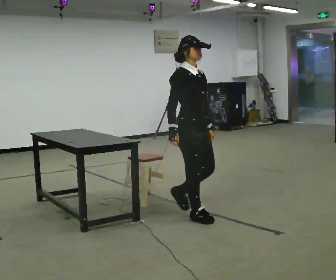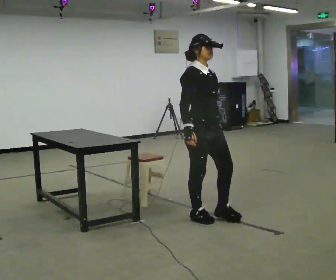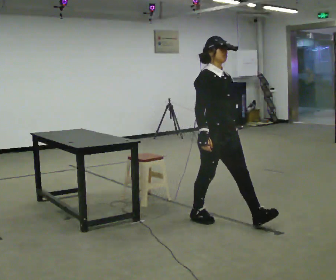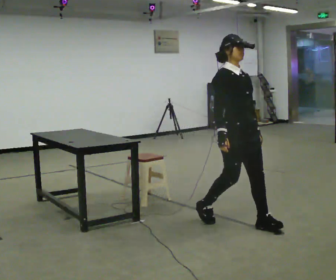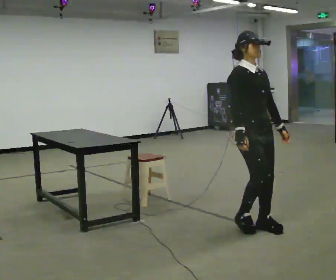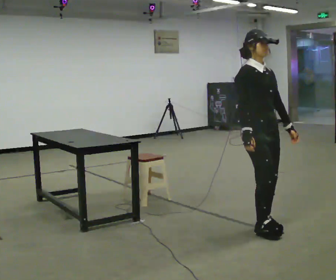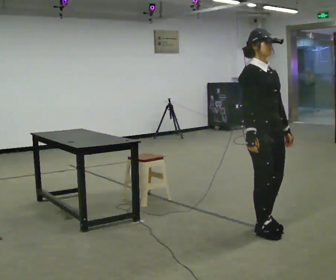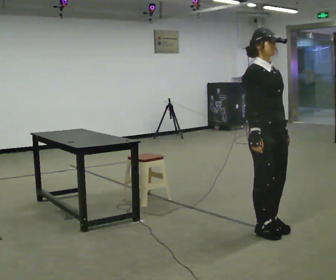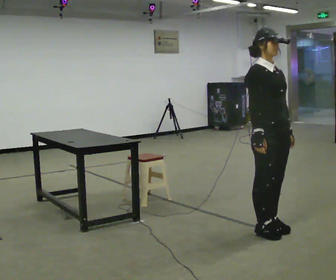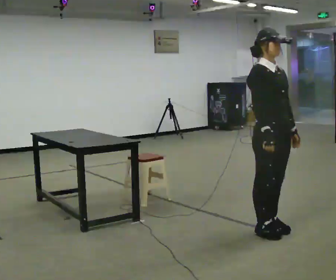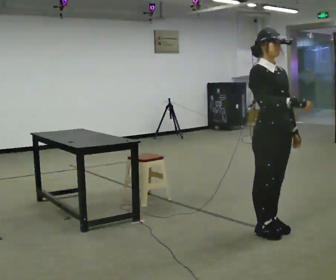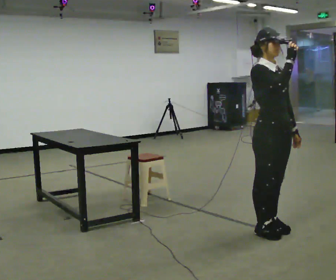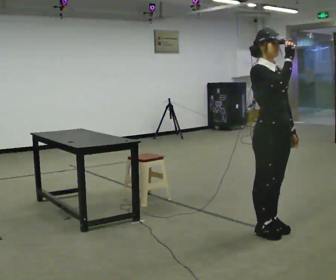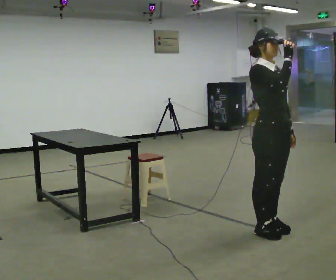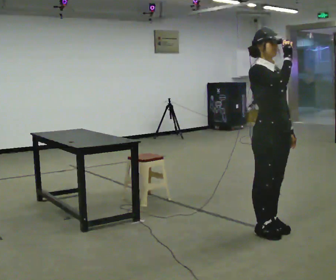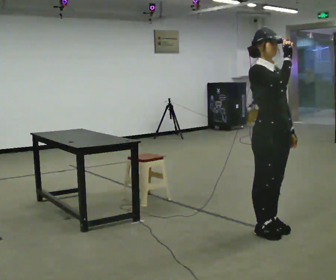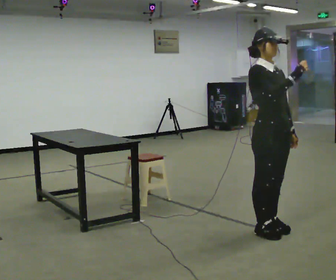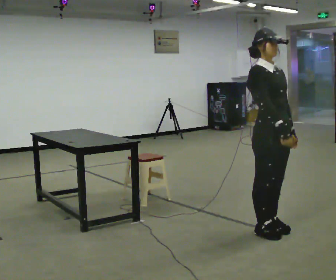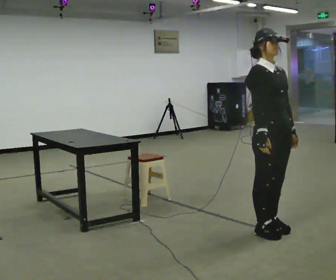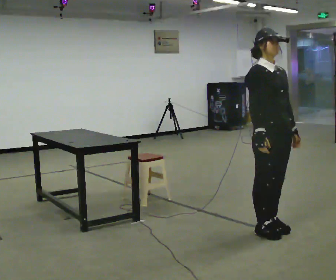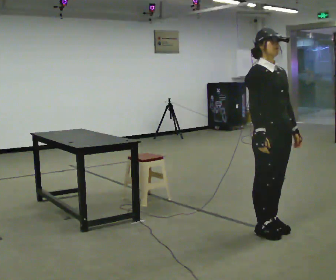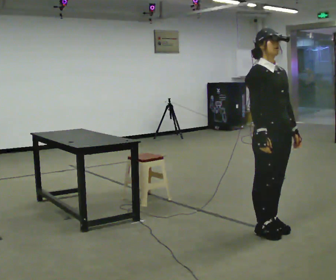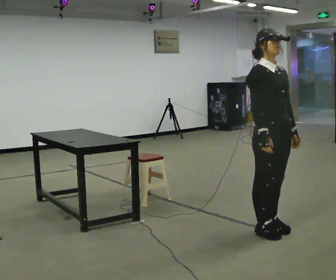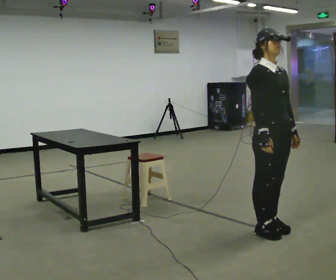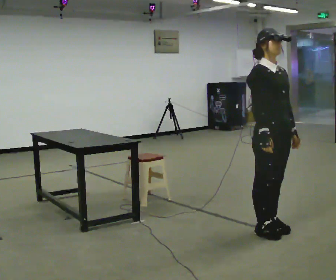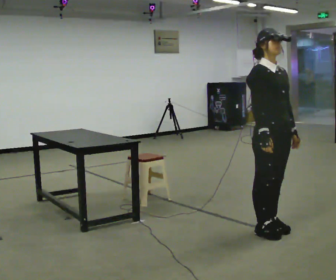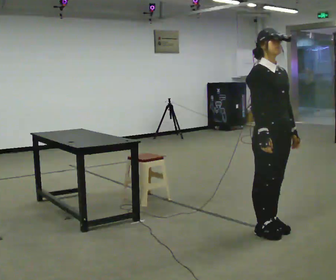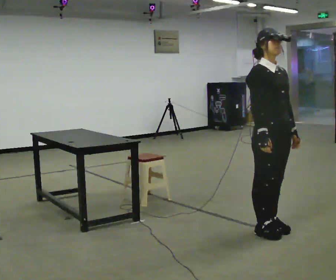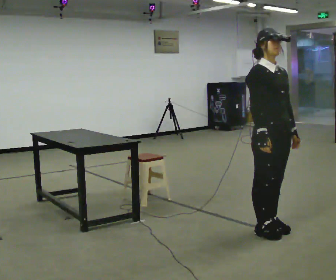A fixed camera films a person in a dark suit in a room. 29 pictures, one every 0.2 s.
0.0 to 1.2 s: In the picture they go to the right and toward the camera, about 0.5 m in 2 steps, which for them is forward.
1.2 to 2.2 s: In the picture their right hand goes upward.
2.2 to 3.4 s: In the picture their right hand goes downward.
3.4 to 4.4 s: The person moves a little, or ends about where they began.
4.4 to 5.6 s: The person keeps their place and pose.
The film runs forward here.
